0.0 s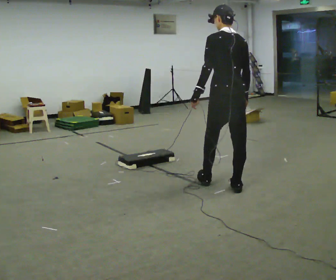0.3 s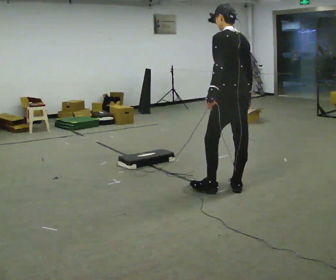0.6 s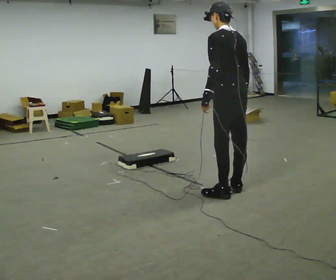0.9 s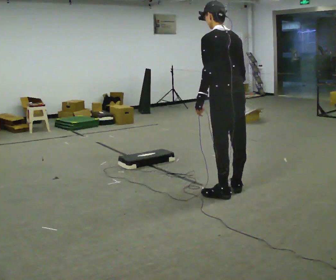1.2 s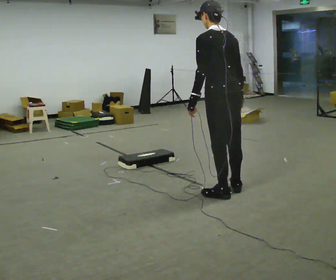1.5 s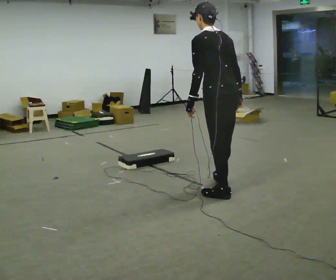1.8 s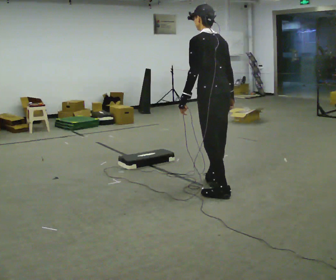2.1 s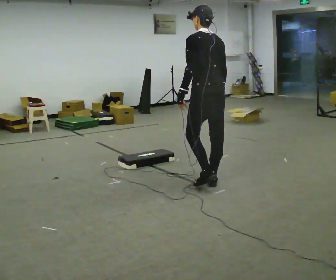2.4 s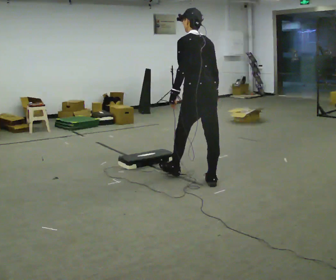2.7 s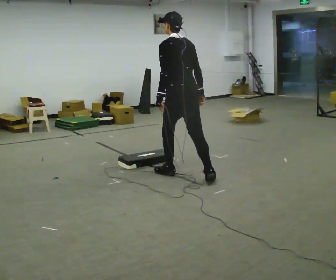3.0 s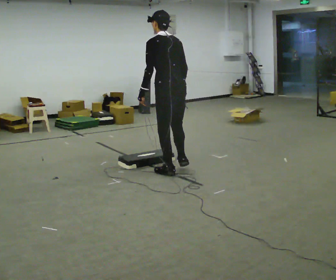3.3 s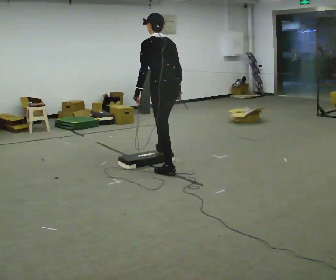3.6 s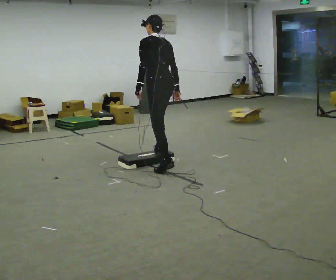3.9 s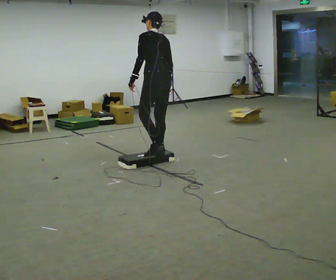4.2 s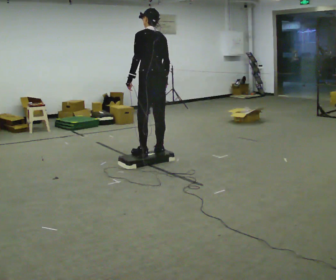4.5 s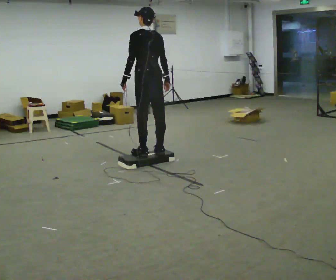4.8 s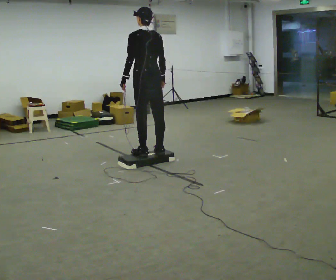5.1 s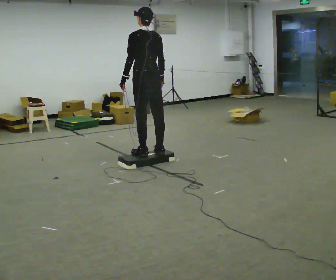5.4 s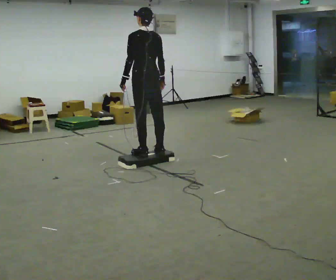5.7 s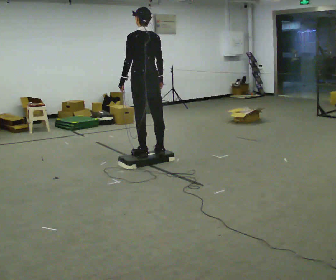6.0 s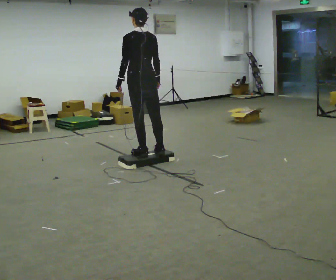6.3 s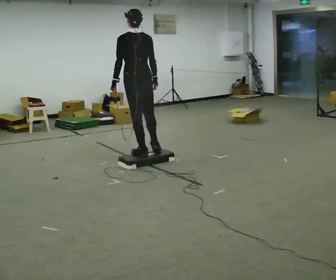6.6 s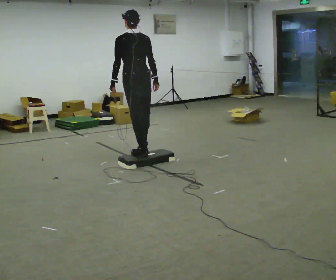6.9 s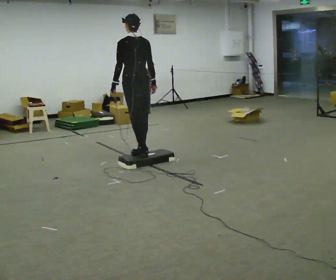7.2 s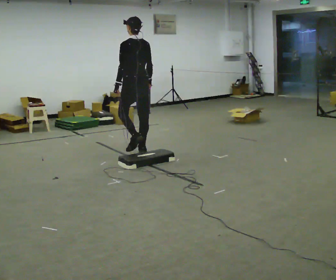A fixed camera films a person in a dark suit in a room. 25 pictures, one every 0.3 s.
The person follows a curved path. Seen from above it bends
clockwise.
The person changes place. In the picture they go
away from the camera.
0.0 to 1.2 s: In the picture they go toward the camera, about 0.25 m in 1 step, which for them is to their left.
1.2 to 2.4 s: In the picture they go away from the camera, about 0.5 m in 1 step, which for them is forward.
2.4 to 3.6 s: In the picture they go away from the camera and to the left, about 0.5 m in 2 steps, which for them is forward.
3.6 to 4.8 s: In the picture they go away from the camera and to the left, about 0.25 m in 1 step, which for them is forward.
4.8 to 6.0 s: The person moves a little, or ends about where they began.
6.0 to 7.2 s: In the picture they go away from the camera, about 0.25 m in 1 step, which for them is forward.
The film runs forward here.
